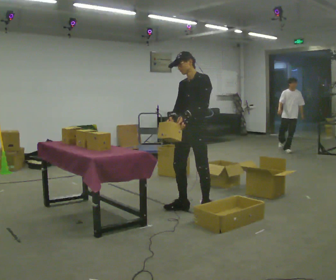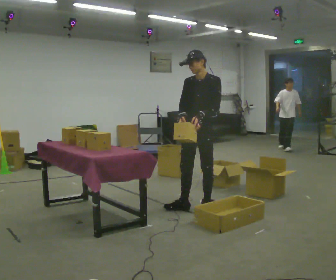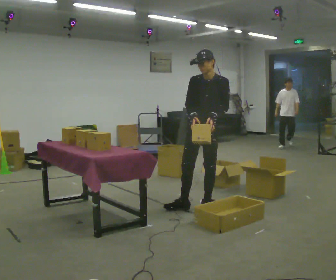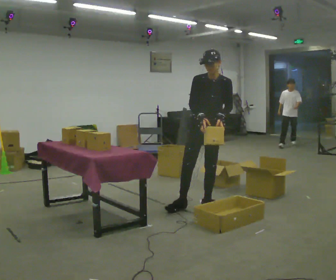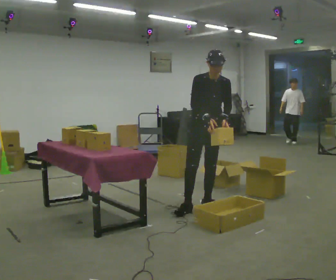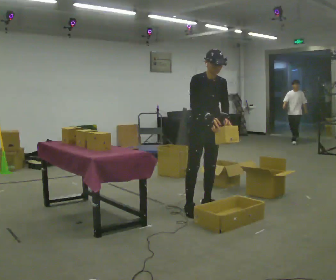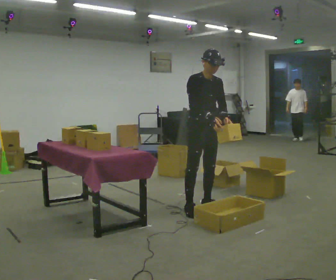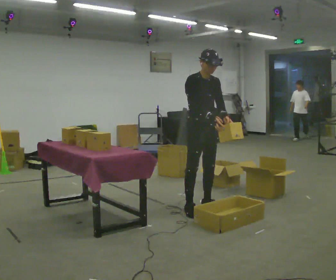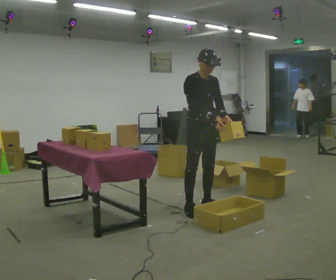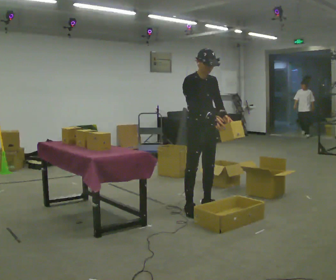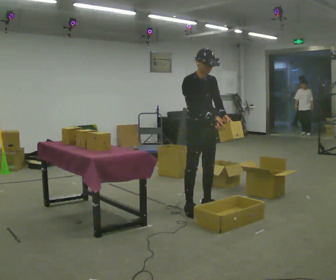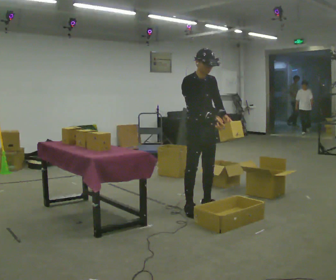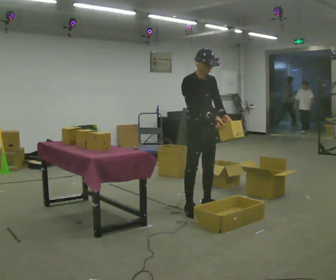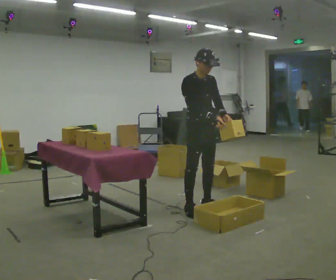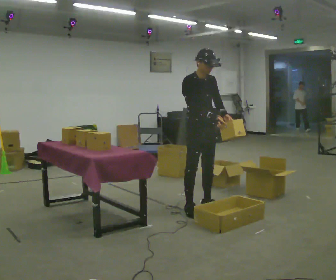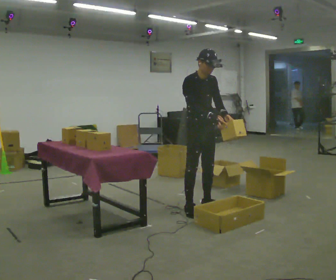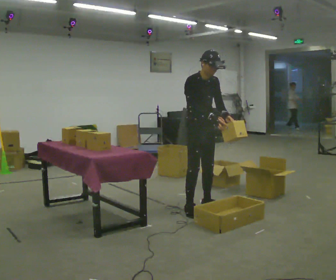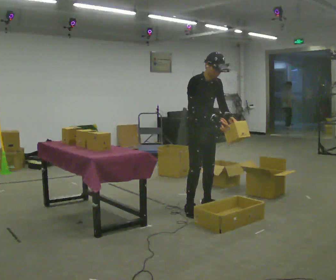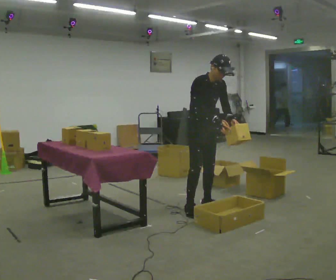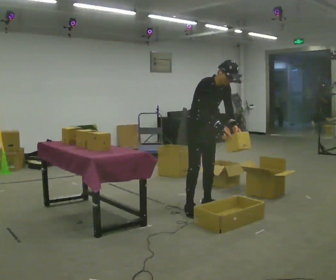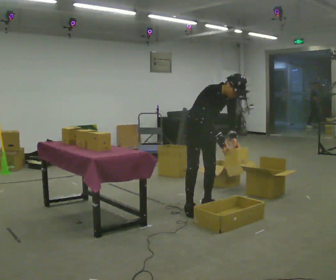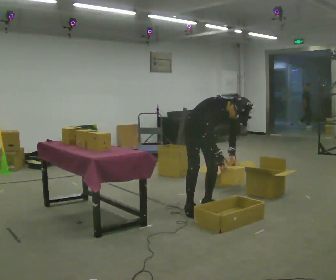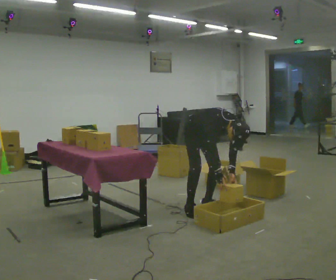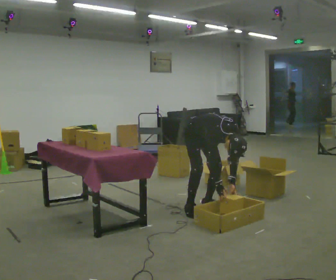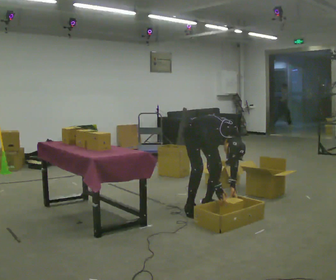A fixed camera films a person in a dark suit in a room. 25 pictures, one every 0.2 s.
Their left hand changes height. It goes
downward.
The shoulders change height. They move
downward.
0.0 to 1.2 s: The person turns about 75 degrees to their left, counterclockwise seen from above, so the part of the body nearest the lens slides to the right. In the picture their right hand goes to the right.
1.2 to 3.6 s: The person moves a little, or ends about where they began.
3.6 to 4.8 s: The shoulders move downward. The upper body tips toward the camera, its near side rolling downward, as they bend forward. In the picture their right hand goes downward.
The film runs backward here.
